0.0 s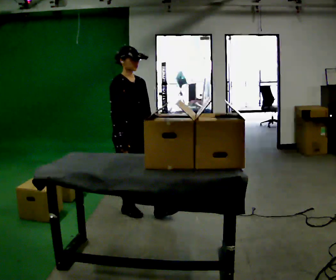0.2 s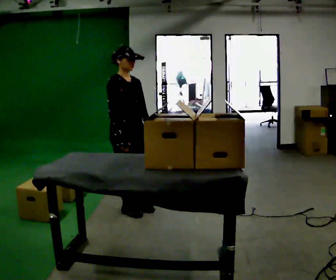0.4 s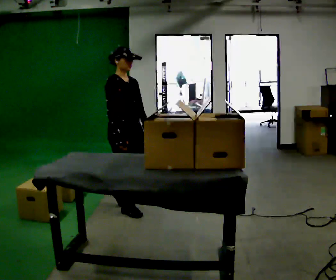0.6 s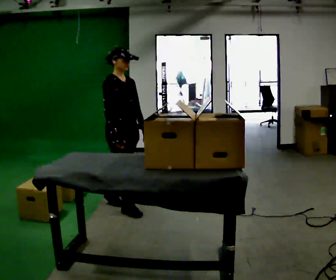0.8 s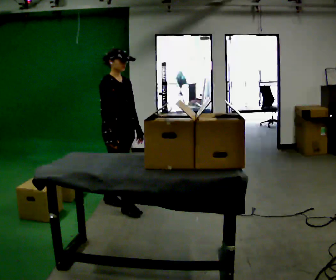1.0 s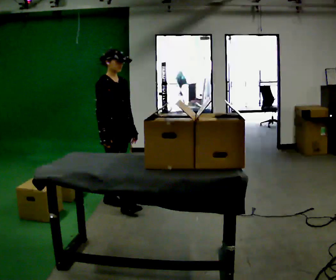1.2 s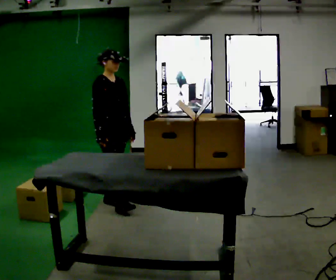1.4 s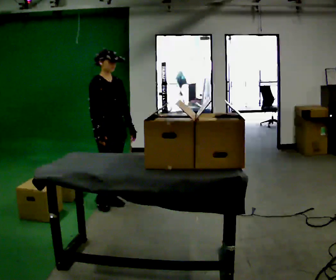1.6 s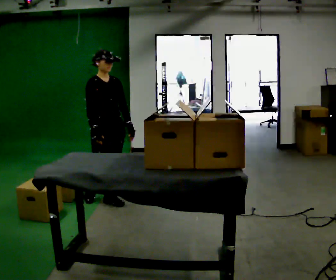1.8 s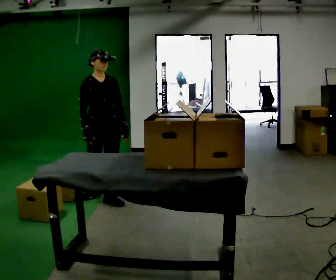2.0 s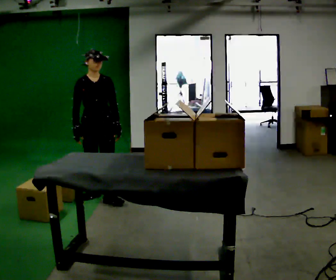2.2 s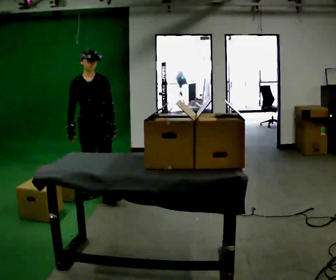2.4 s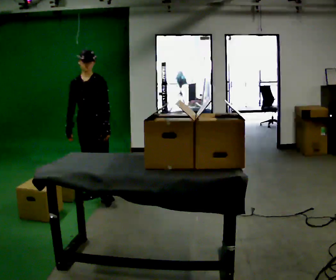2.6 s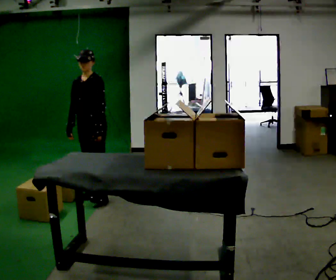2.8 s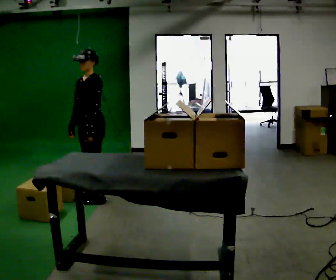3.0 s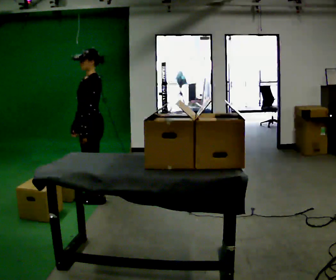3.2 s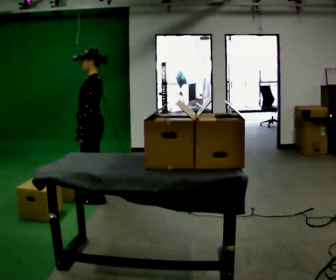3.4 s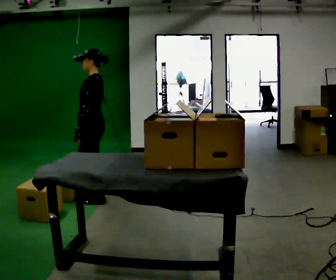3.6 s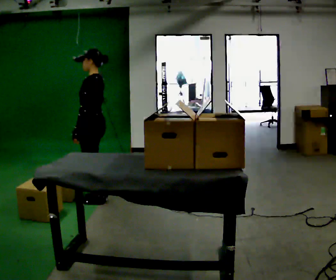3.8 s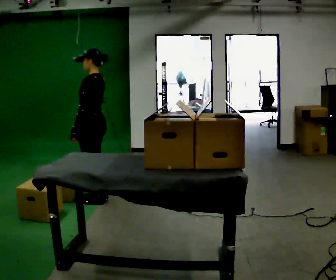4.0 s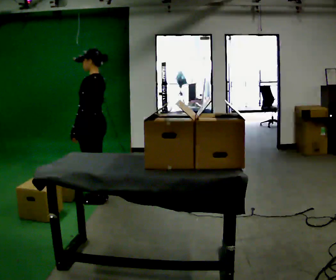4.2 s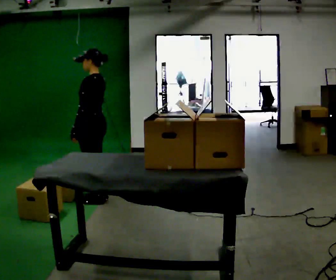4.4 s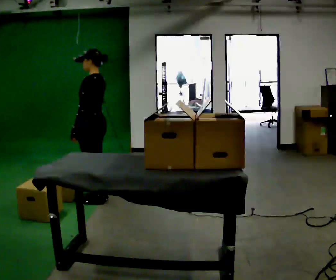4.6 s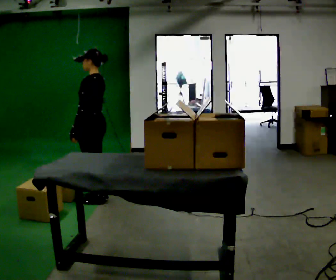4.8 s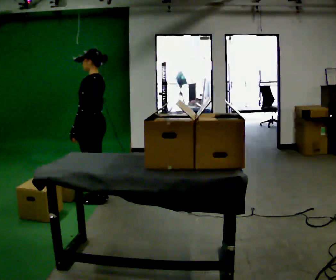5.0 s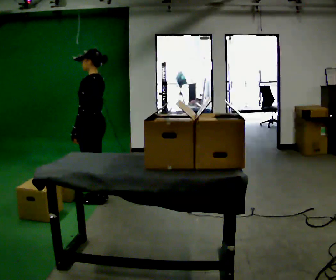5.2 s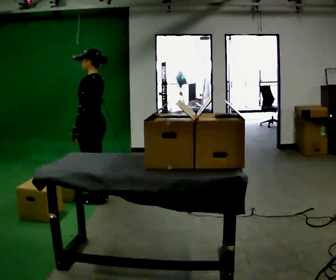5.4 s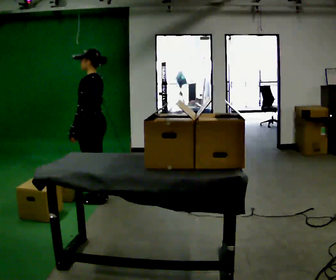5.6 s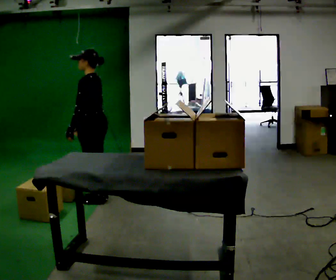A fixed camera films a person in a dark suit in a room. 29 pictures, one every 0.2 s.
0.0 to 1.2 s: In the picture they go away from the camera and to the left, about 0.5 m in 1 step, which for them is backward.
1.2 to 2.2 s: Seen from above the body turns clockwise, about 45 degrees: to their right, with its near side sliding to the left. In the picture they go away from the camera and to the left, about 0.25 m, which for them is backward.
2.2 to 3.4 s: The part of the body nearest the lens slides to the left as the person turns to their right by about 90 degrees. In the picture their left hand goes to the left.
3.4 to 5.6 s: The person moves a little, or ends about where they began.
The film runs backward here.
